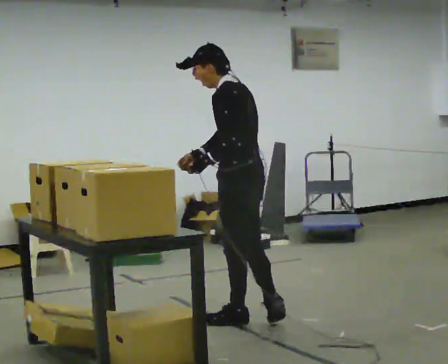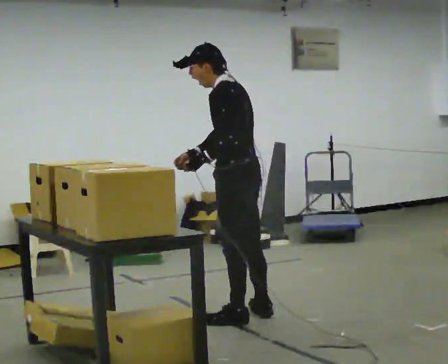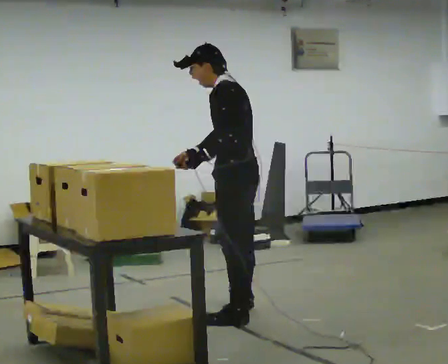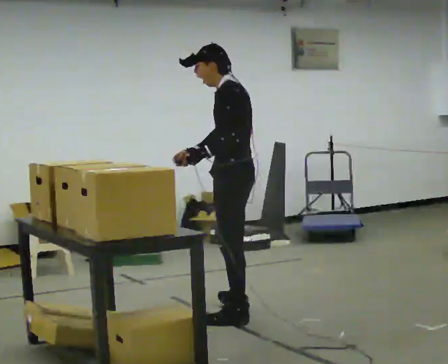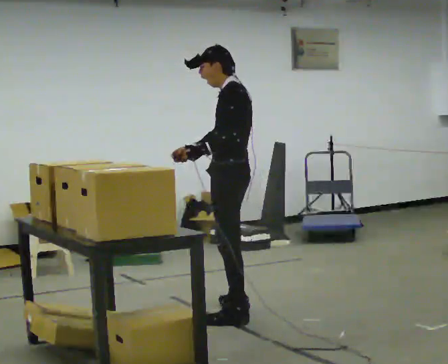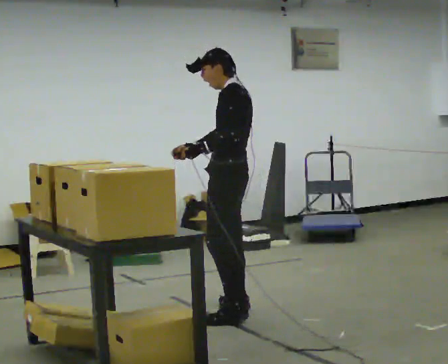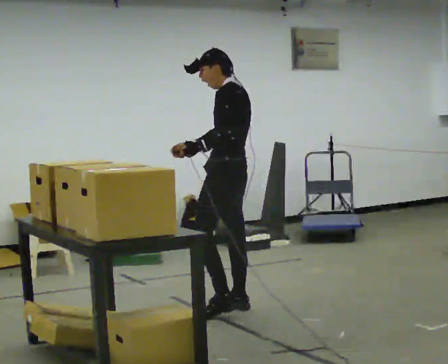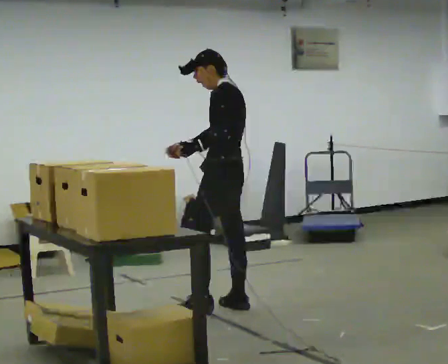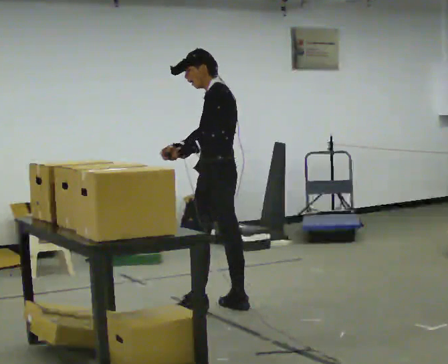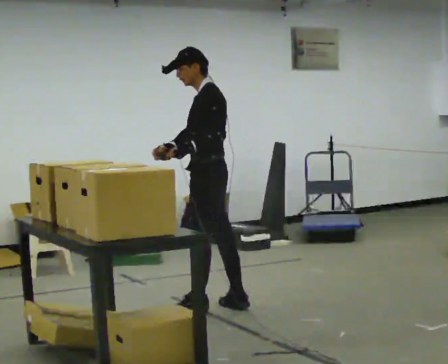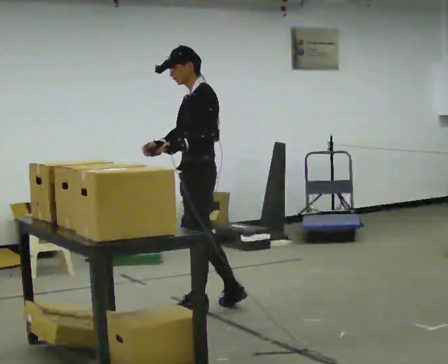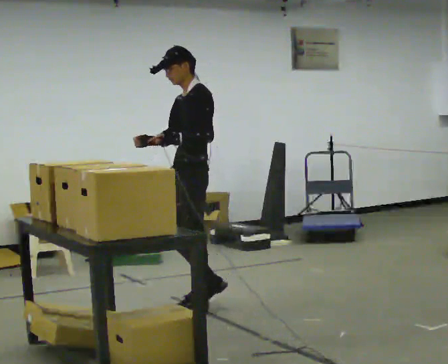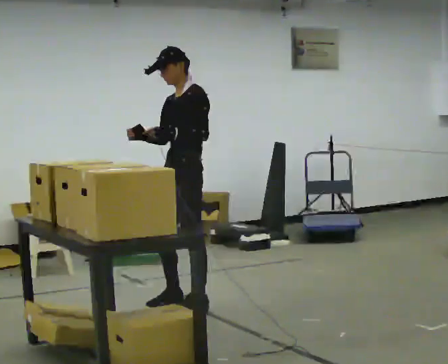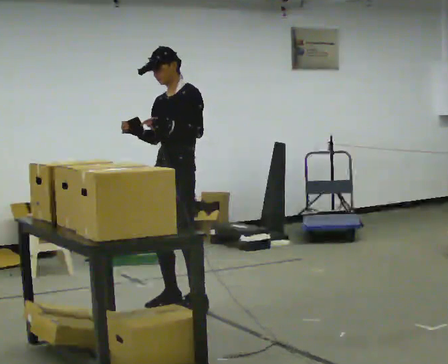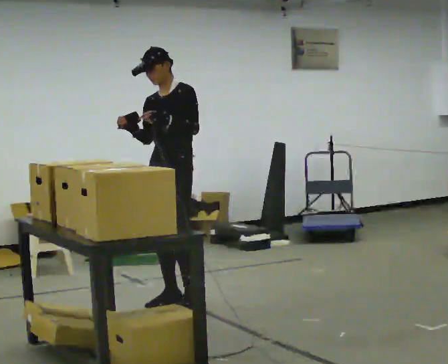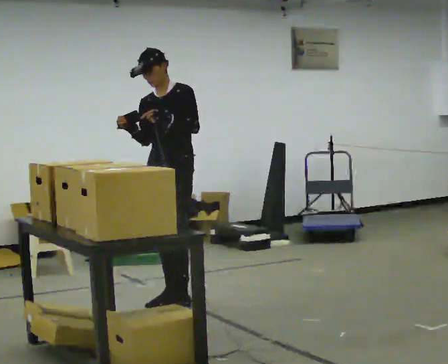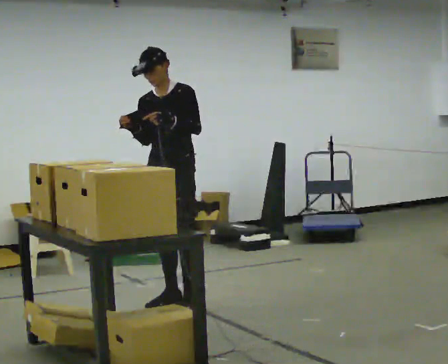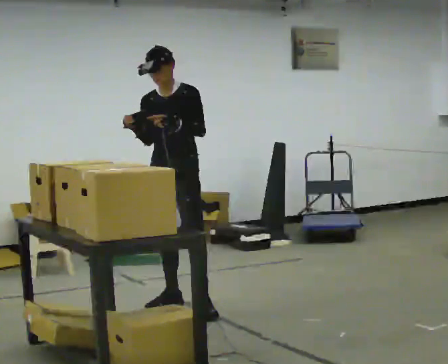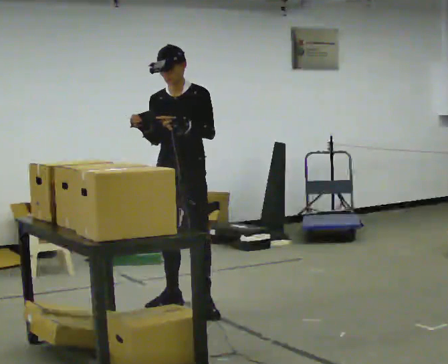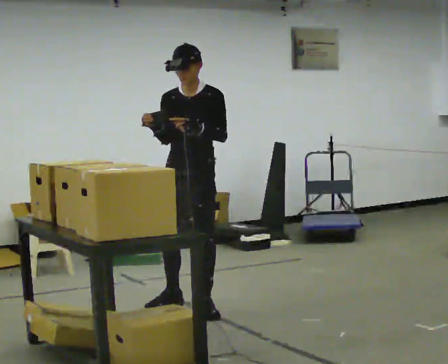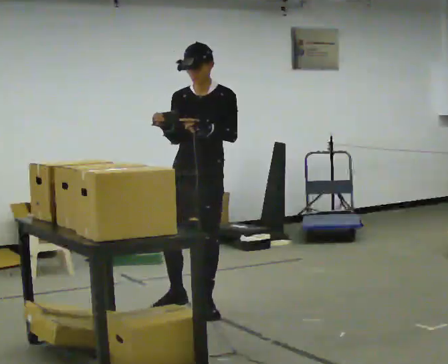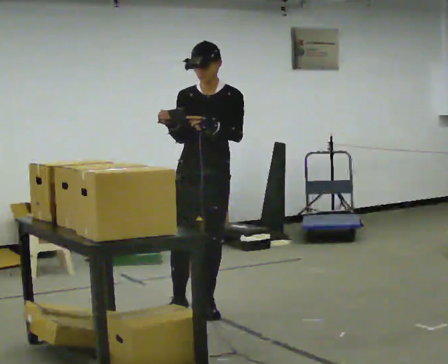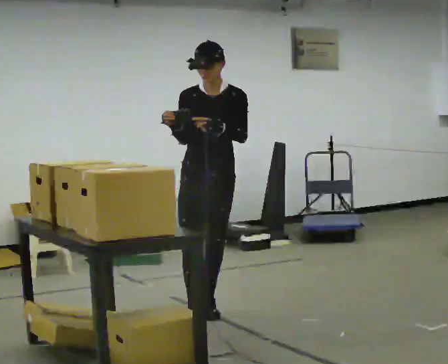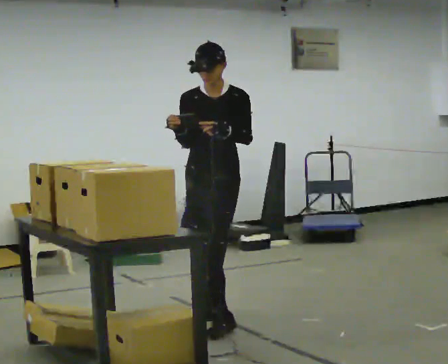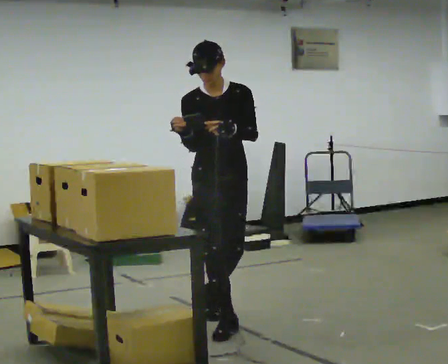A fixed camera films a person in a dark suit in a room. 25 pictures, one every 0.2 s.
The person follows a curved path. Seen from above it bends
counterclockwise.
The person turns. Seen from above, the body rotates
counterclockwise.
0.0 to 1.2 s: In the picture they go away from the camera, about 0.5 m in 1 step, which for them is to their right and forward.
1.2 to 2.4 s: The part of the body nearest the lens slides to the right as the person turns to their left by about 45 degrees. In the picture they go to the left, about 0.25 m in 1 step, which for them is forward.
2.4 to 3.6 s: The person turns about 45 degrees to their left, counterclockwise seen from above, so the part of the body nearest the lens slides to the right.
3.6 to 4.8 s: Seen from above the body turns counterclockwise, about 30 degrees: to their left, with its near side sliding to the right. In the picture they go toward the camera, about 0.5 m in 1 step, which for them is forward and to their left.
The film runs forward here.
